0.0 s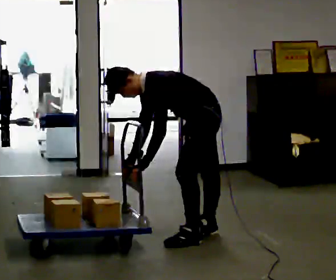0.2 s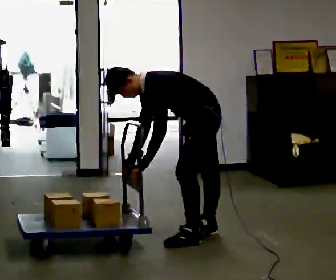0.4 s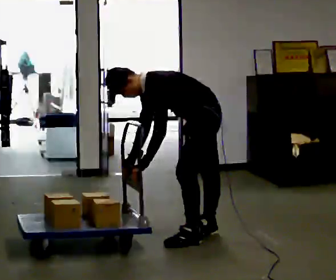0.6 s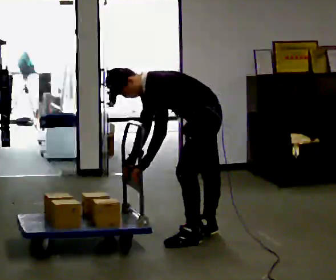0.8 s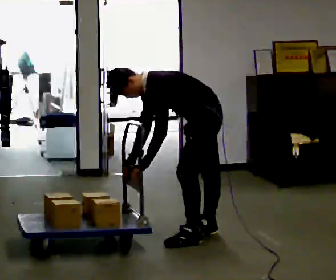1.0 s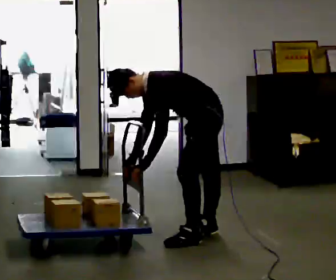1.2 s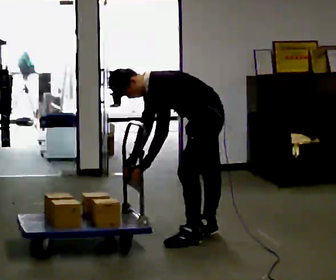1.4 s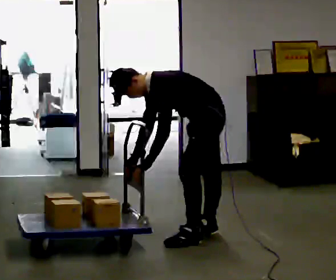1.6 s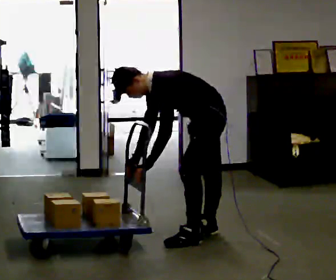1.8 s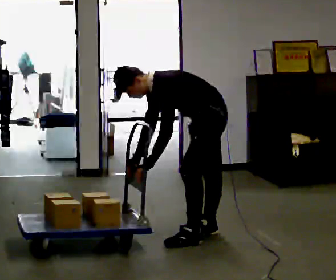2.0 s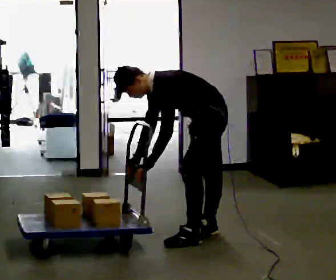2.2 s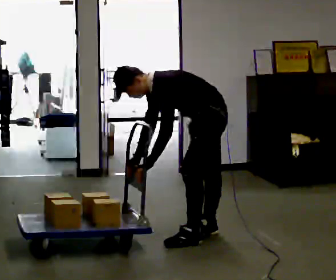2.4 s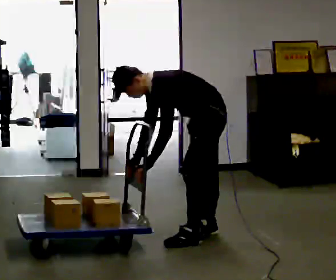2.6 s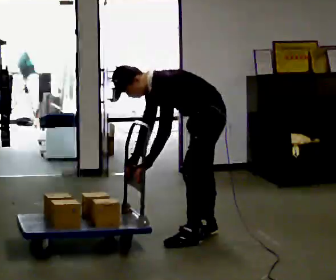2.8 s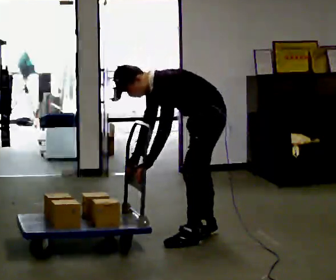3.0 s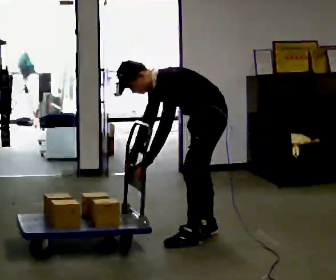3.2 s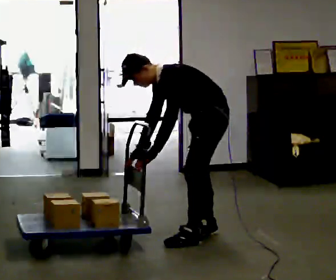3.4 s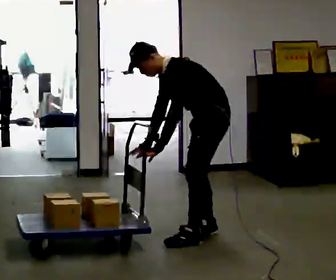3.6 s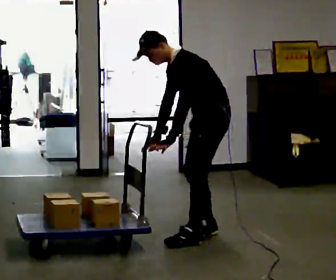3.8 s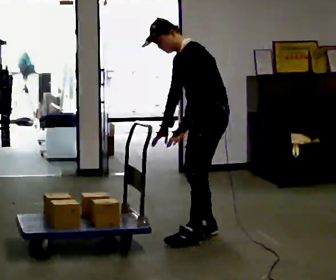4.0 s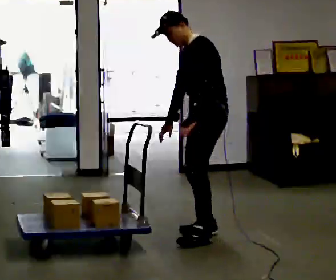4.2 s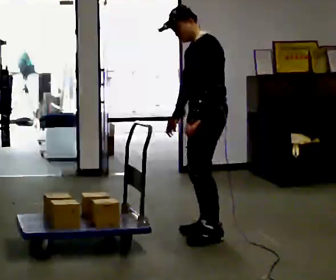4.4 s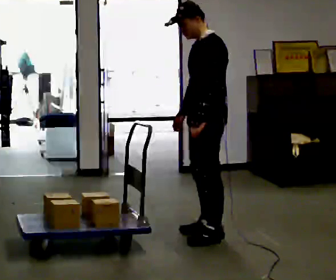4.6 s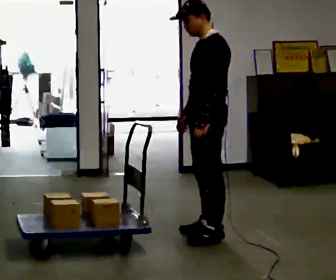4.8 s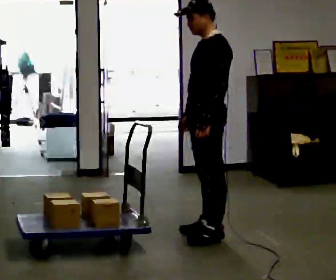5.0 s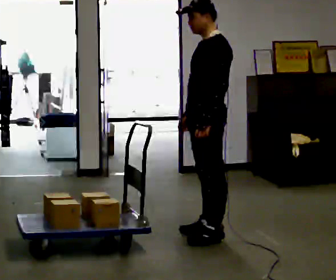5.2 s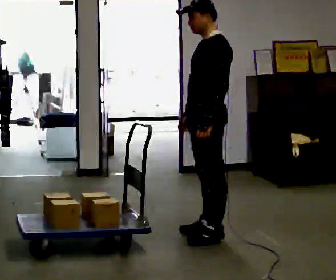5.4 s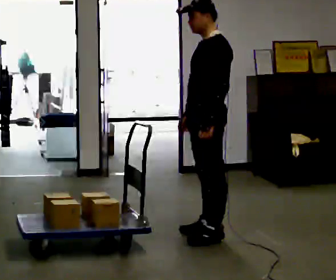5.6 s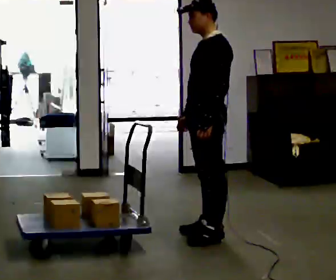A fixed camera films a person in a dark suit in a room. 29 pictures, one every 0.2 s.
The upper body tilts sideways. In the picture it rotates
clockwise.
The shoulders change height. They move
upward.
0.0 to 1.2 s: The person keeps their place and pose.
1.2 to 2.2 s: The person moves a little, or ends about where they began.
2.2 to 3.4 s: In the picture the upper body tilts clockwise, shoulders to the right, as they lean back or straighten.
3.4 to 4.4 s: The shoulders move upward. In the picture the upper body tilts clockwise, shoulders to the right, as they lean back or straighten. In the picture their left hand goes to the right.
4.4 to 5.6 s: The person moves a little, or ends about where they began.
The film runs backward here.
